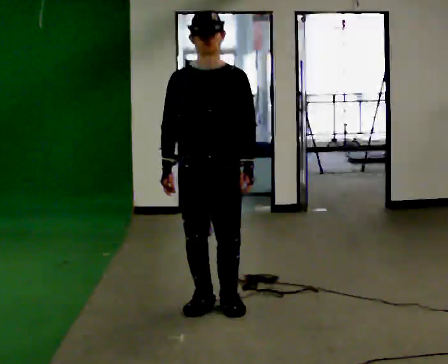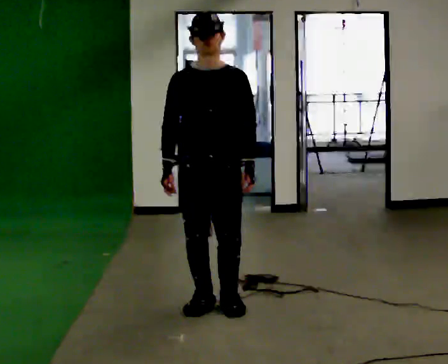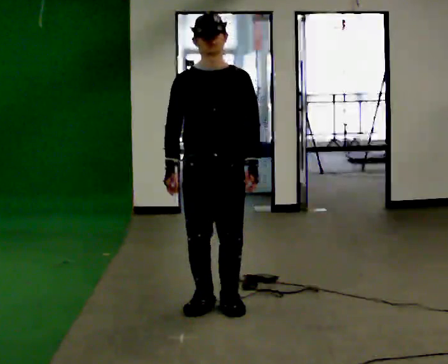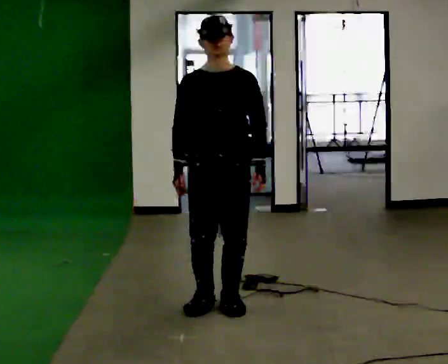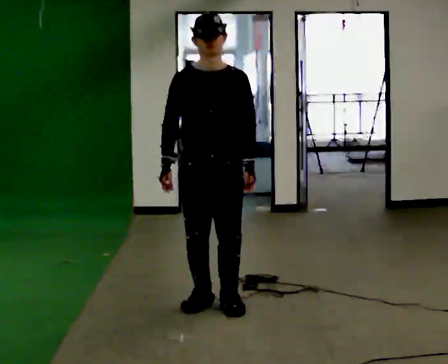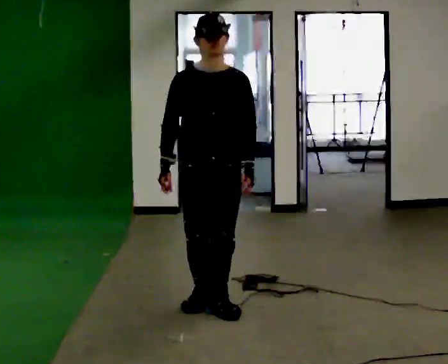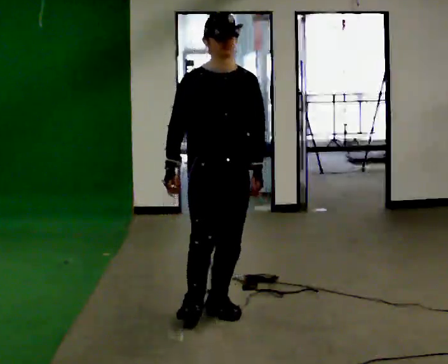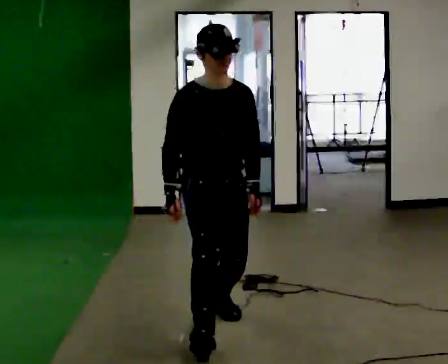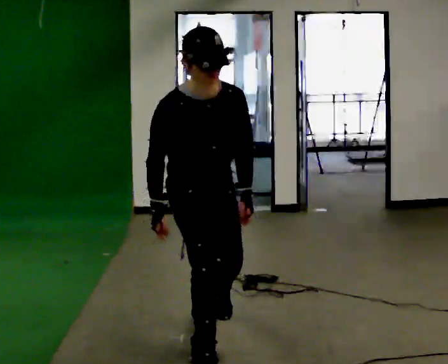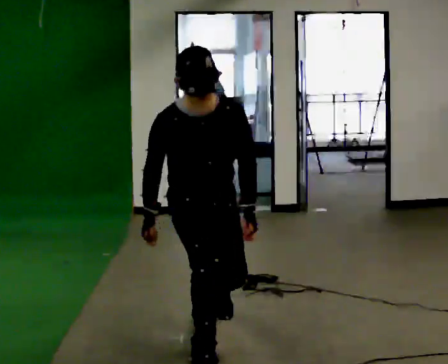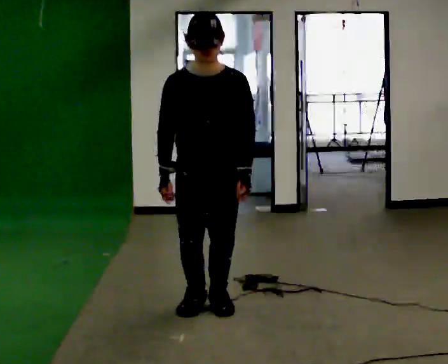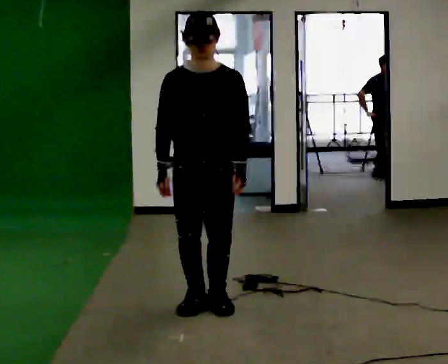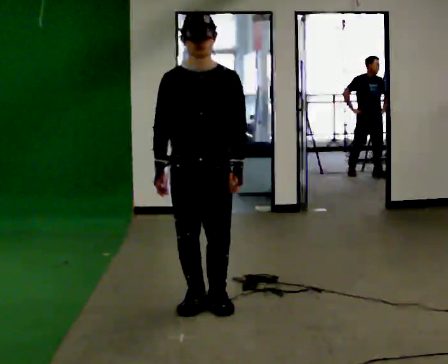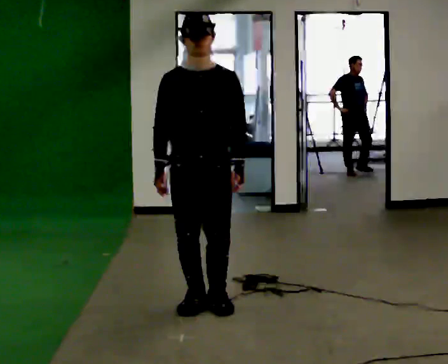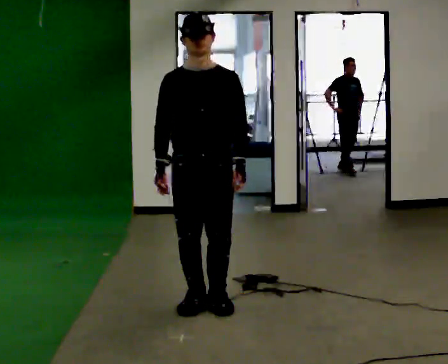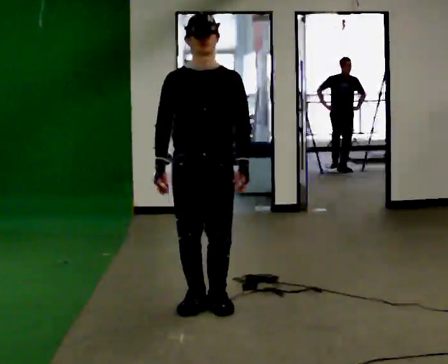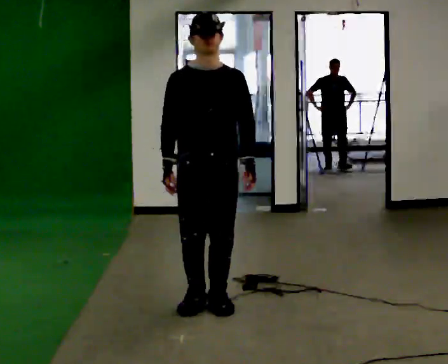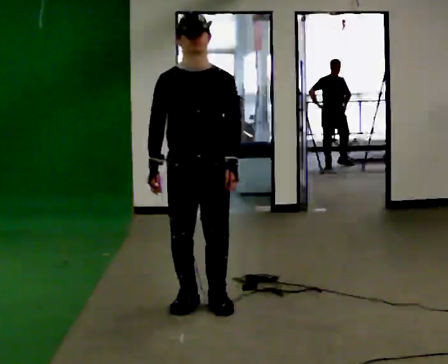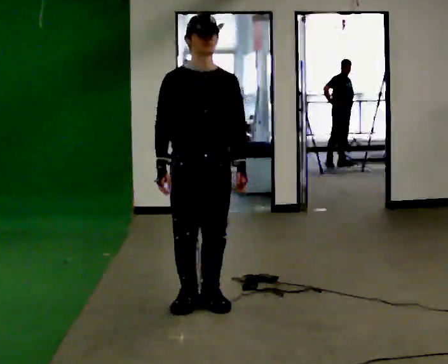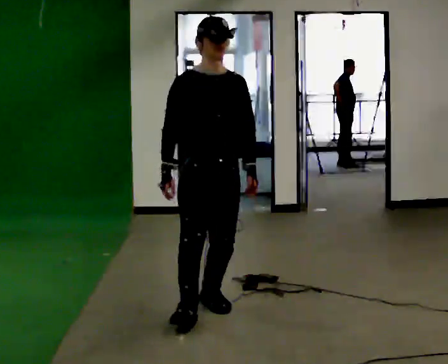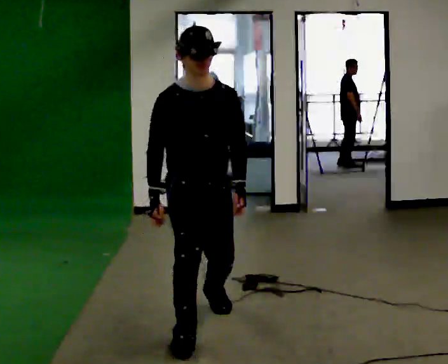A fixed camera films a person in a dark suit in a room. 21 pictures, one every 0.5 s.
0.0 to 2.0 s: The person moves a little, or ends about where they began.
2.0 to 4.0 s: Seen from above the body turns counterclockwise, about 30 degrees: to their left, with its near side sliding to the right. In the picture they go toward the camera, about 0.75 m in 2 steps, which for them is forward and to their right.
4.0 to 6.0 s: Seen from above the body turns clockwise, about 30 degrees: to their right, with its near side sliding to the left. In the picture they go away from the camera, about 0.5 m in 2 steps, which for them is backward.
6.0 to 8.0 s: The person moves a little, or ends about where they began.
8.0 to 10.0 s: In the picture they go toward the camera, about 0.25 m in 2 steps, which for them is forward and to their right.
The film runs backward here.
